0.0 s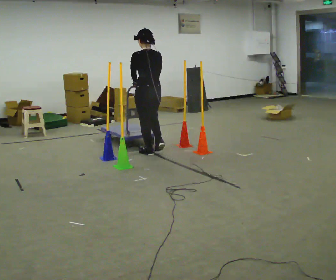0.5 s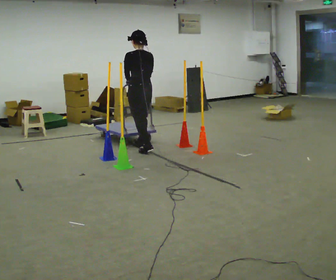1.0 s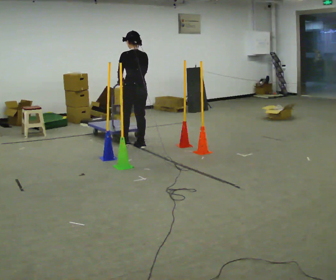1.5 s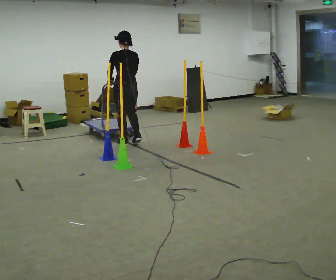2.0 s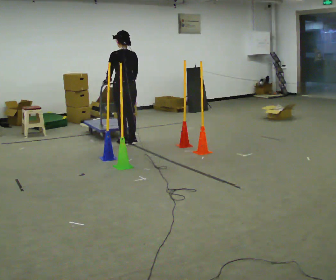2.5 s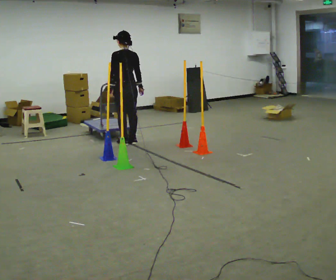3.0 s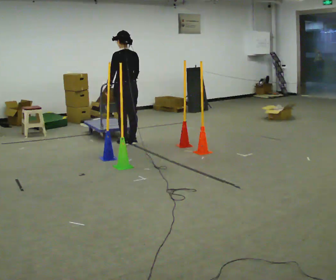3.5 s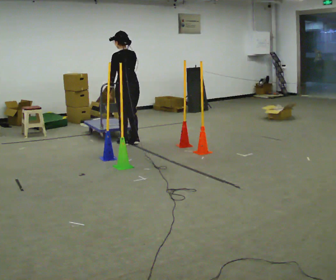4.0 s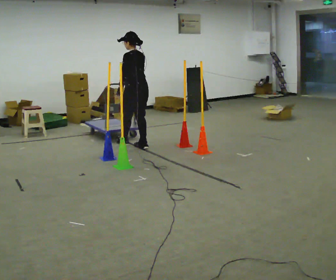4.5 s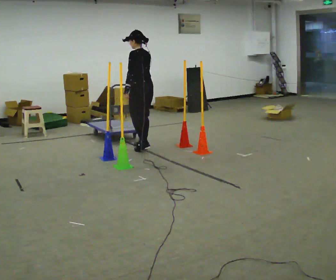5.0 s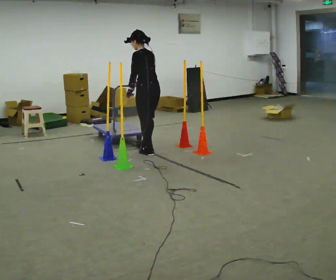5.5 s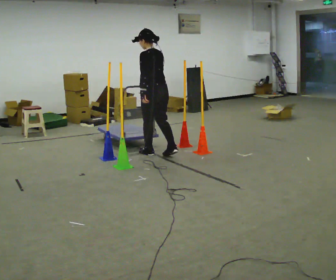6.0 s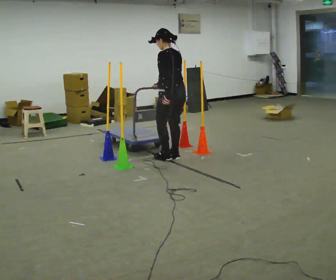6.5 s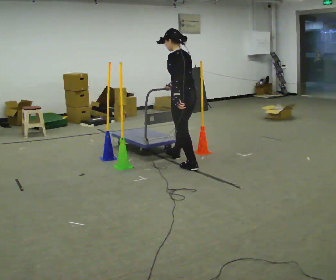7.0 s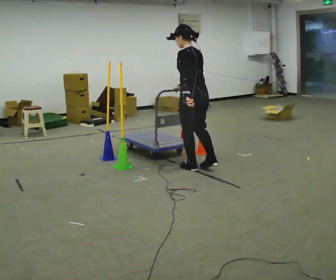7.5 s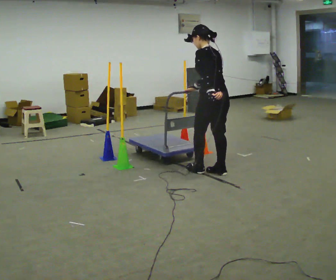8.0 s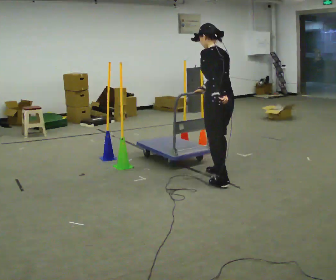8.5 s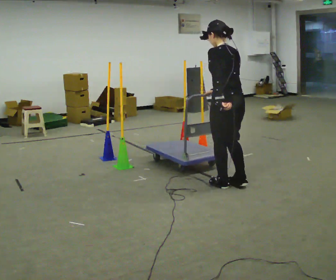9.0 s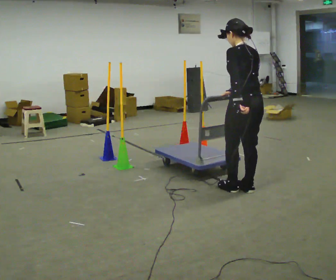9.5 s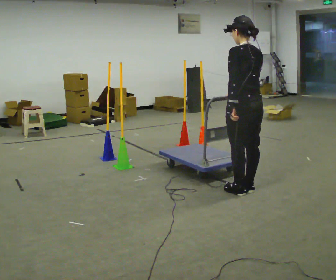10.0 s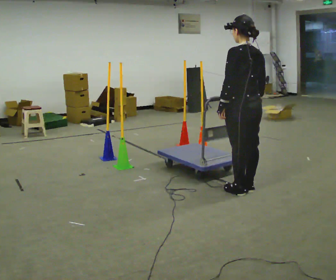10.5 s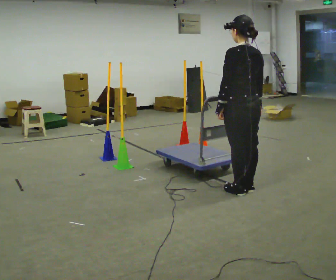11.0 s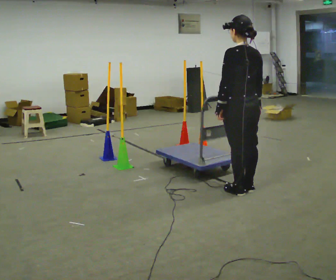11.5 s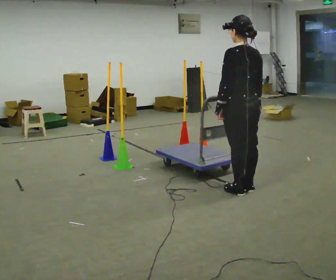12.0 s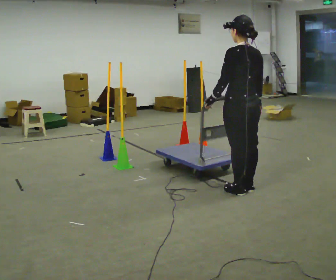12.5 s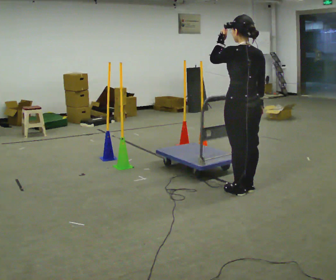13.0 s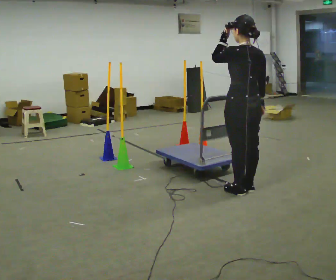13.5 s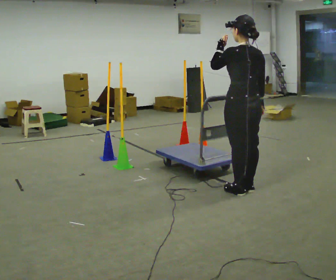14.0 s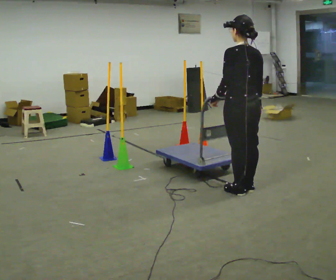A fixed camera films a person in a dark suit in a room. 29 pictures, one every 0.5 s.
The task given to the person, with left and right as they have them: Push the cart in and out of the line of poles without touching any of them. Keep going until the operator says stop.
0.0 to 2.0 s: In the picture they go away from the camera and to the left, about 0.75 m in 3 steps, which for them is forward.
2.0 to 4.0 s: In the picture they go to the right, about 0.25 m in 1 step, which for them is backward.
4.0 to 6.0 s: In the picture they go to the right and toward the camera, about 1 m in 2 steps, which for them is backward.
6.0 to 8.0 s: In the picture they go toward the camera and to the right, about 1 m in 3 steps, which for them is backward.
8.0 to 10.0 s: In the picture they go toward the camera and to the right, about 0.5 m in 2 steps, which for them is backward.
10.0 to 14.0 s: The person moves a little, or ends about where they began.
The film runs forward here.
